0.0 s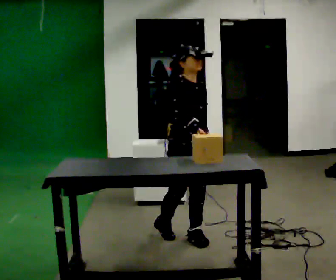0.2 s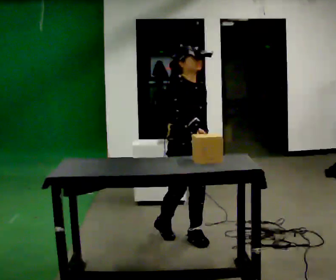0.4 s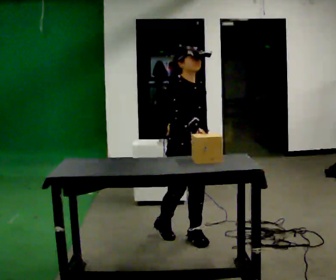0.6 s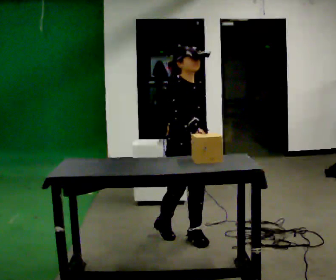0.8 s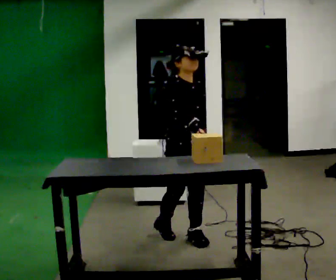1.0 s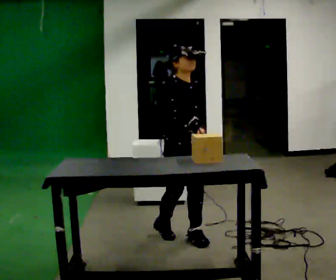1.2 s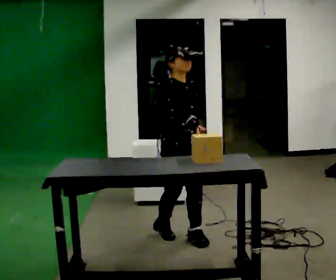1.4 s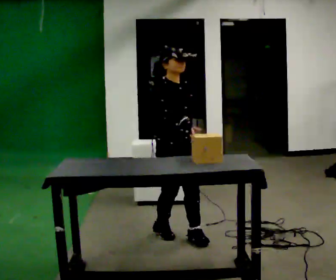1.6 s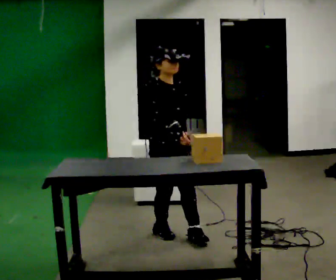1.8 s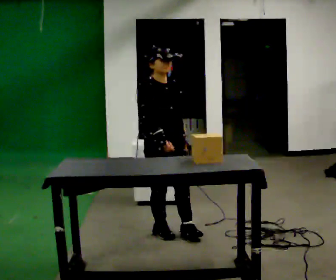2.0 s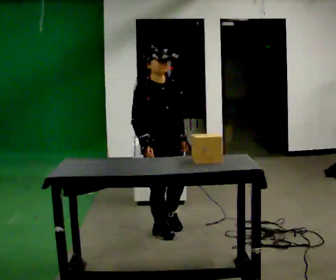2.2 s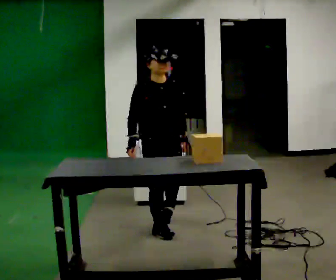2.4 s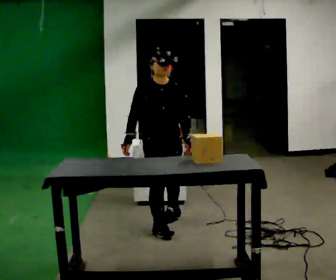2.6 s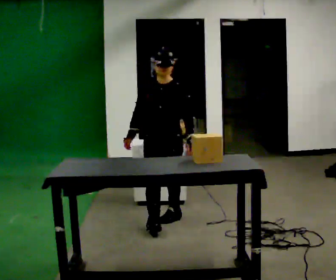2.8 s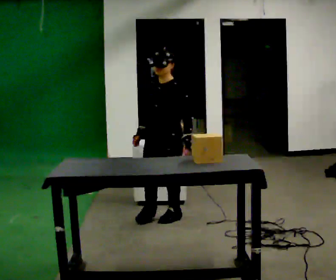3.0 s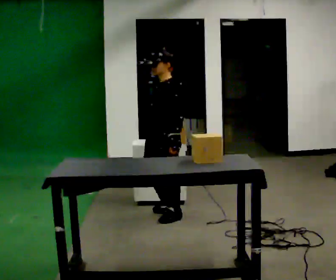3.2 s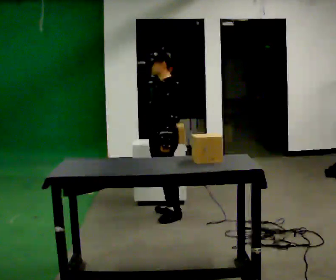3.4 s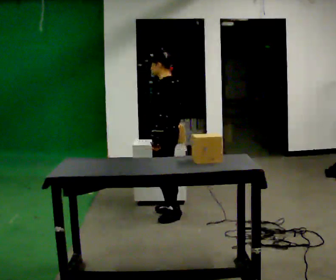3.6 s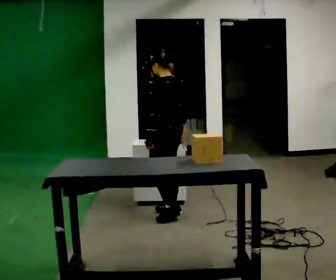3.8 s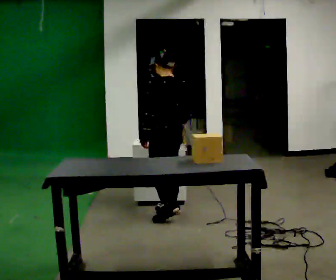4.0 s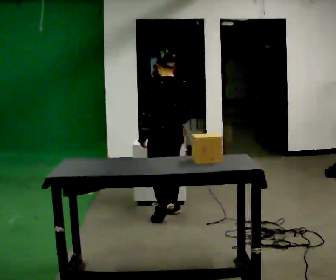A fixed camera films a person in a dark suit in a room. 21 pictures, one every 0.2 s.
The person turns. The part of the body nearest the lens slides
to the left.
The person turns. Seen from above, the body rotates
clockwise.
0.0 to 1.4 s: The person moves a little, or ends about where they began.
1.4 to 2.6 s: The part of the body nearest the lens slides to the left as the person turns to their right by about 45 degrees. In the picture they go away from the camera, about 0.5 m in 2 steps, which for them is backward and to their left.
2.6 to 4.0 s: Seen from above the body turns clockwise, about 135 degrees: to their right, with its near side sliding to the left. In the picture they go away from the camera, about 0.25 m.
The film runs backward here.
